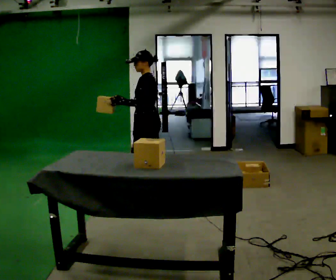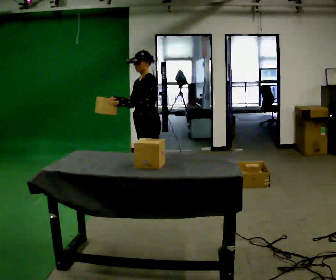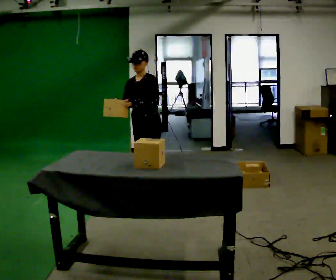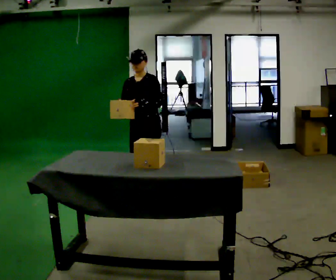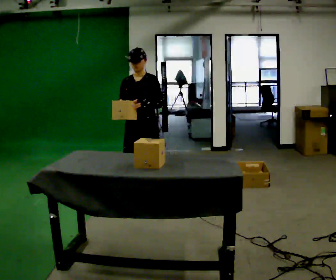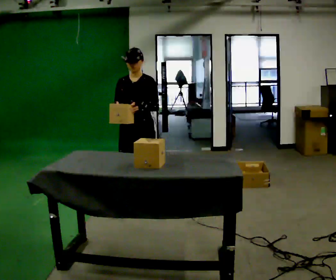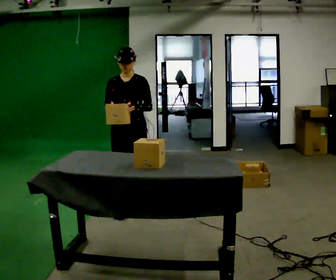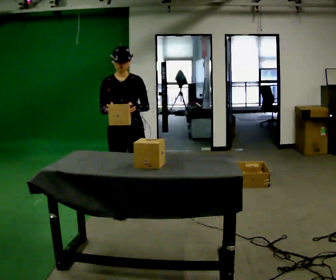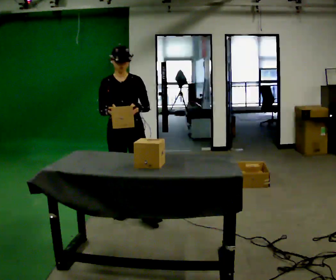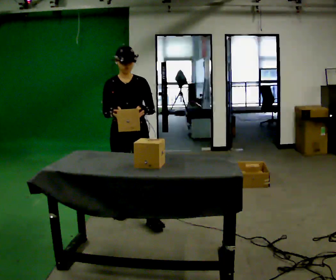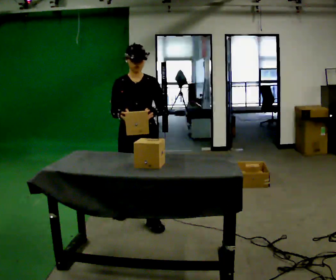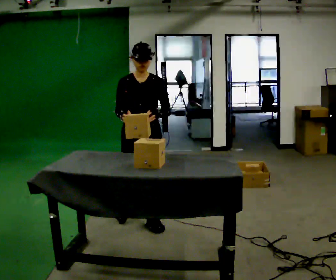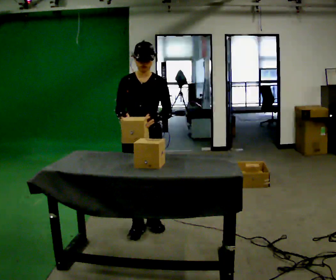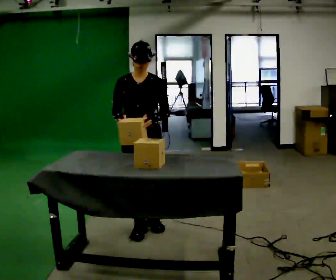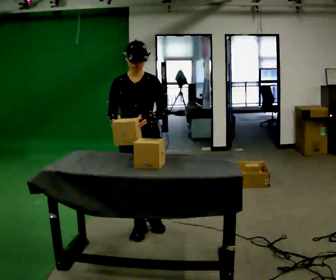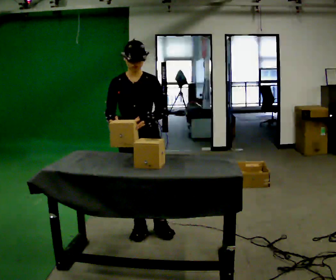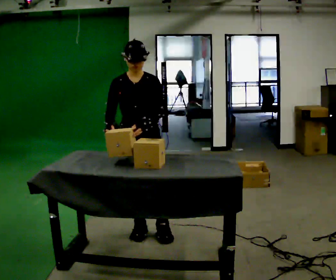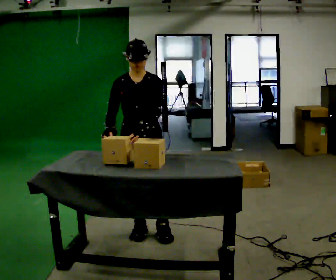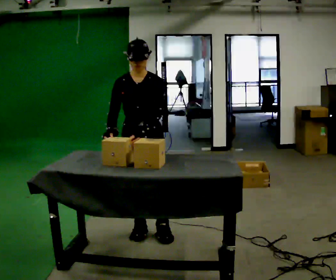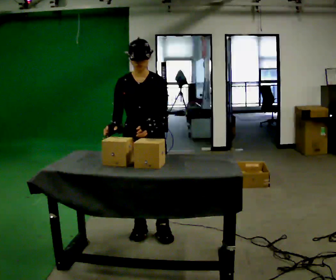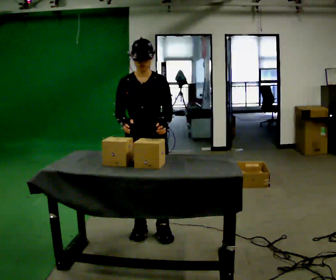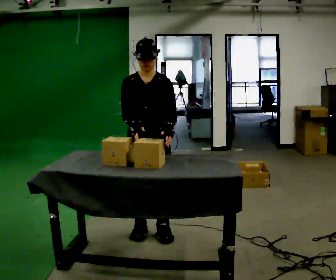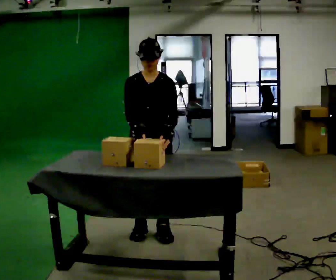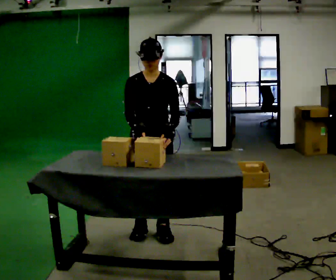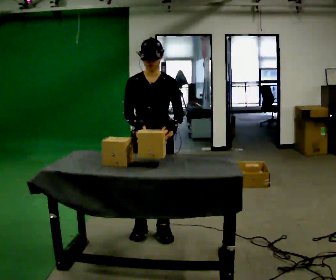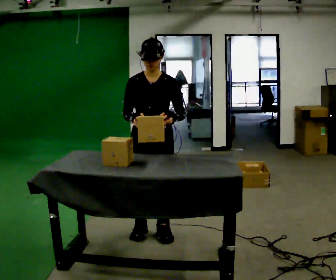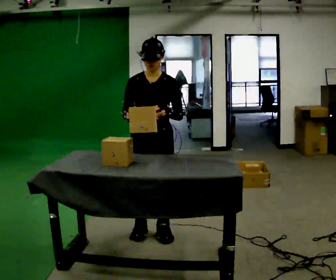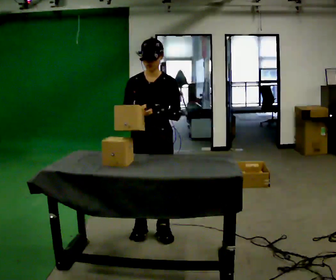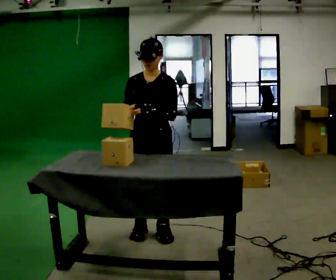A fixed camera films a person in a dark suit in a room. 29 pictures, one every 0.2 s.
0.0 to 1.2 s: The person turns about 90 degrees to their left, counterclockwise seen from above, so the part of the body nearest the lens slides to the right. In the picture they go toward the camera and to the left, about 0.5 m in 2 steps.
1.2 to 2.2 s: In the picture they go toward the camera, about 0.25 m in 1 step, which for them is forward.
2.2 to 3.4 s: In the picture they go toward the camera, about 0.25 m in 2 steps, which for them is forward.
3.4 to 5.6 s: The person moves a little, or ends about where they began.
The film runs forward here.
